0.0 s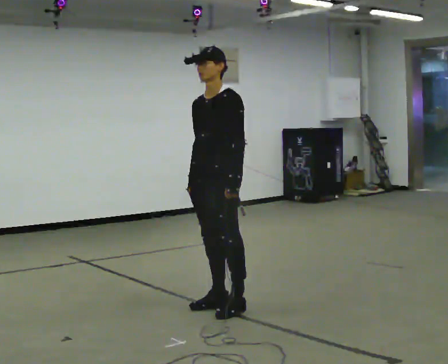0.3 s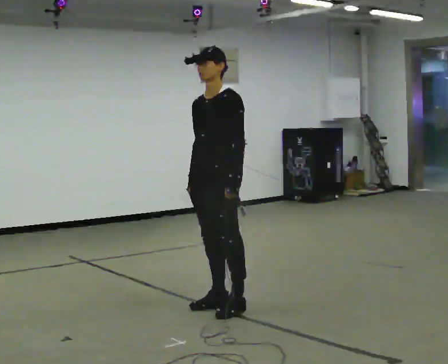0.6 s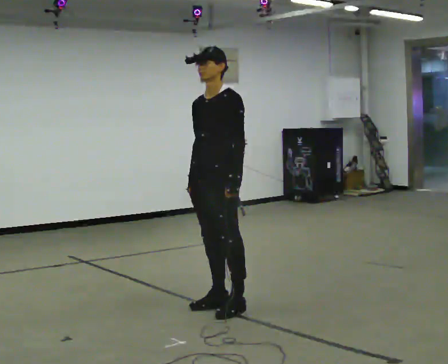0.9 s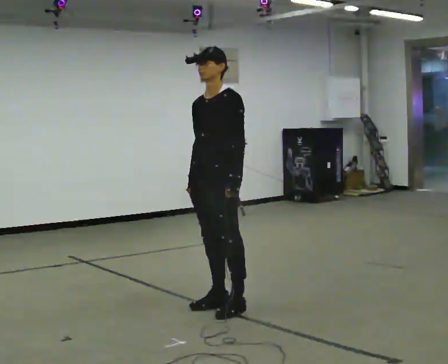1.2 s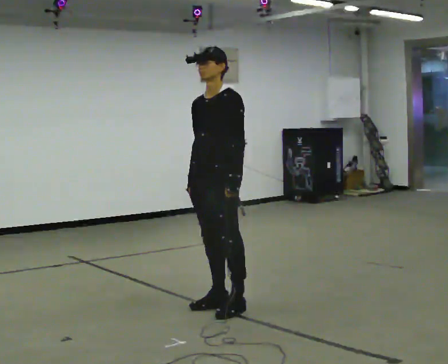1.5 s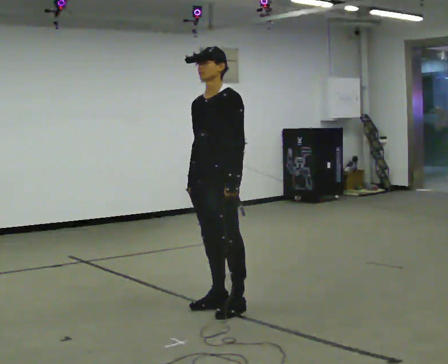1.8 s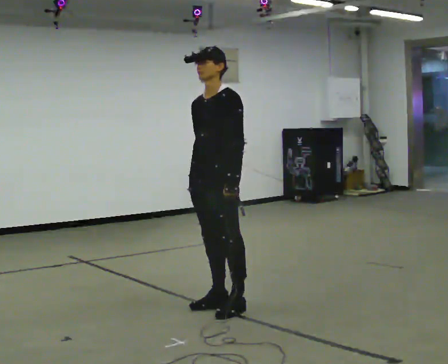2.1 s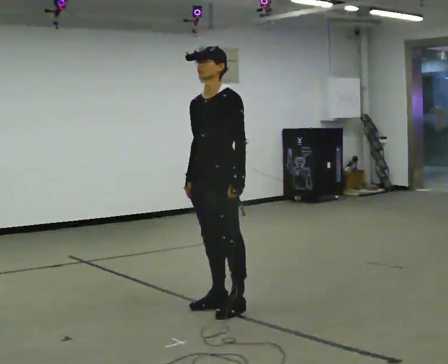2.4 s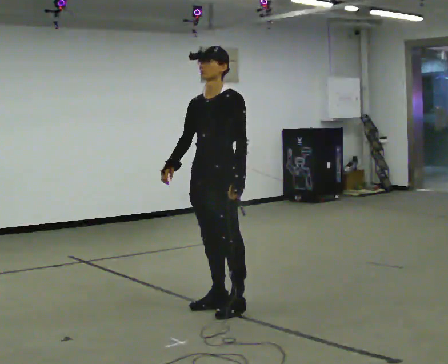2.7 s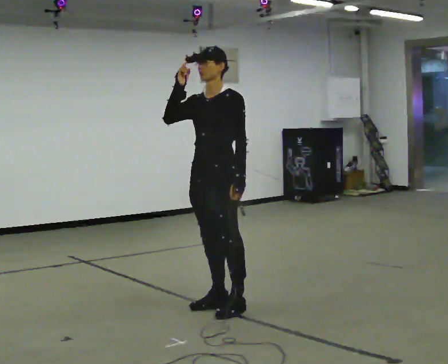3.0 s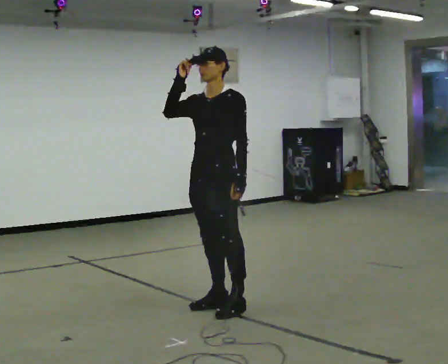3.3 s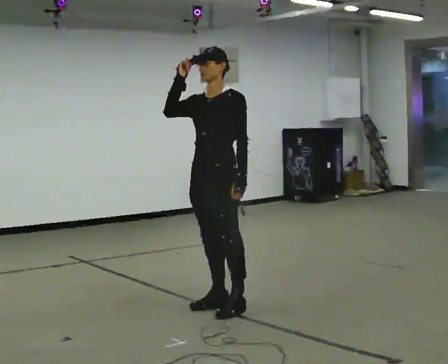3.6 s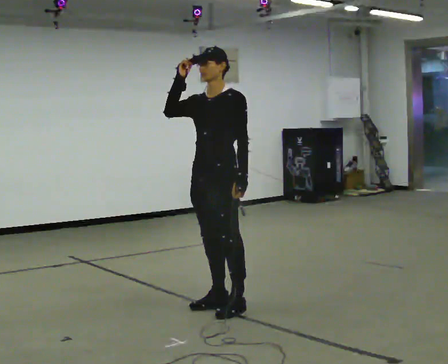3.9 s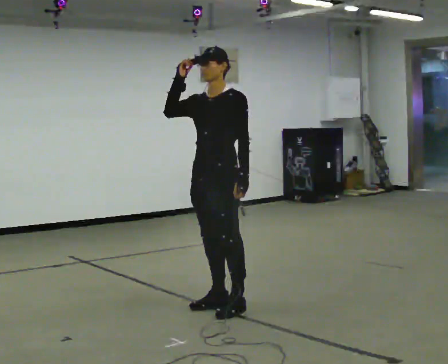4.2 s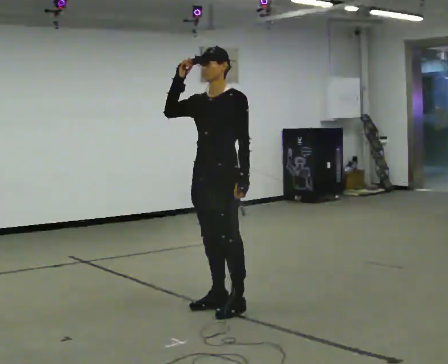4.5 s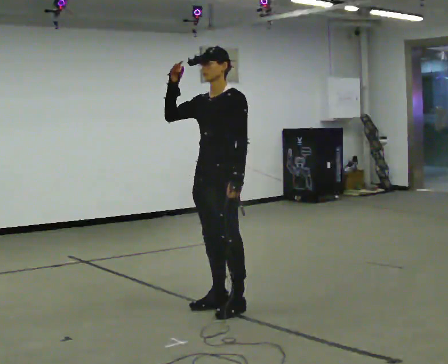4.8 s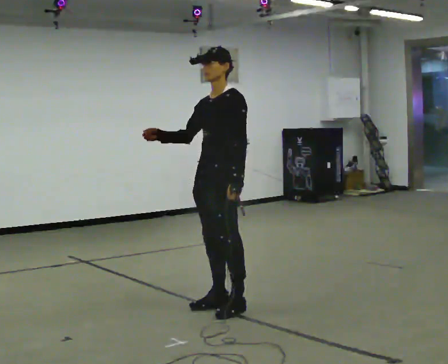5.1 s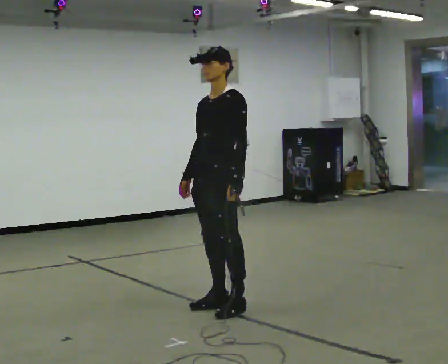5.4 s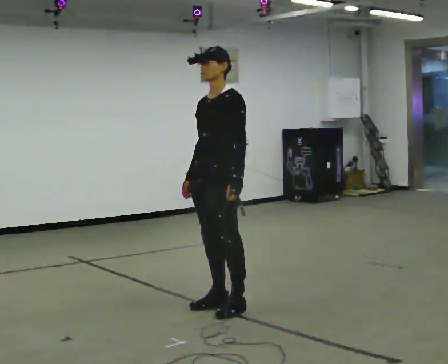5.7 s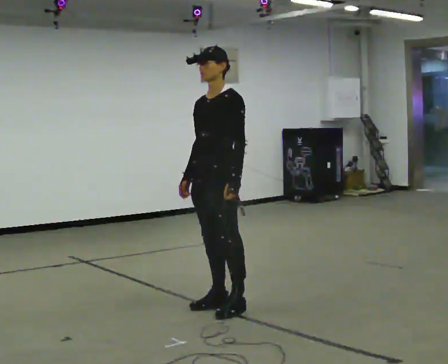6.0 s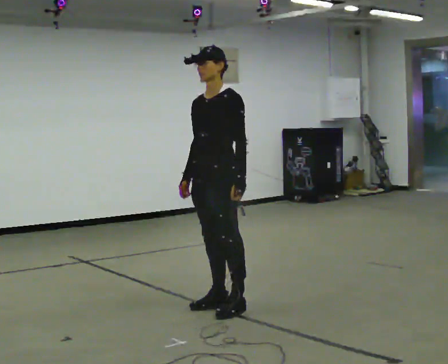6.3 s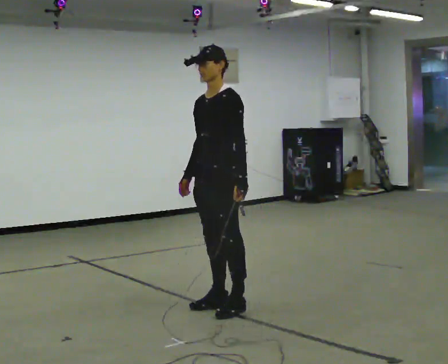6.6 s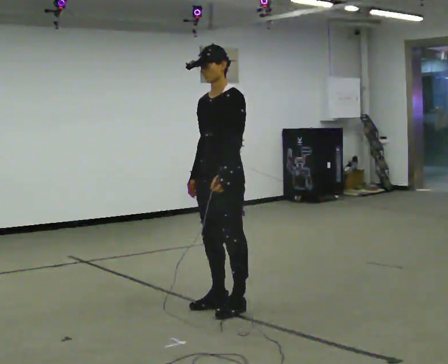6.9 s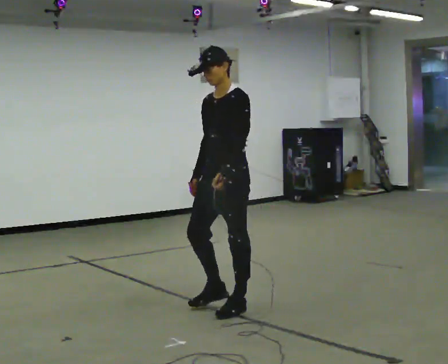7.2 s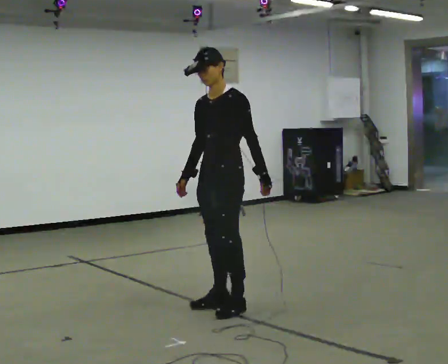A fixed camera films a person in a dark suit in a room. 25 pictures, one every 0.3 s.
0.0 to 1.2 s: The person keeps their place and pose.
1.2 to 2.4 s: The person moves a little, or ends about where they began.
2.4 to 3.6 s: In the picture their right hand goes upward.
3.6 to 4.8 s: The person moves a little, or ends about where they began.
4.8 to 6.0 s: In the picture their right hand goes downward, the arm swinging counterclockwise.
6.0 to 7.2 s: The person moves a little, or ends about where they began.
The film runs backward here.
